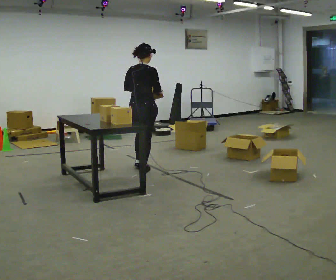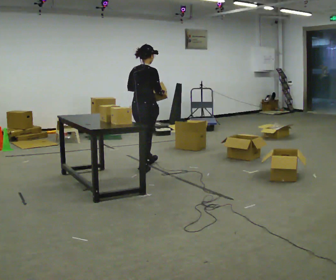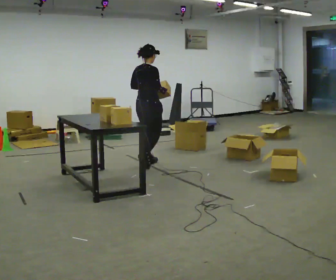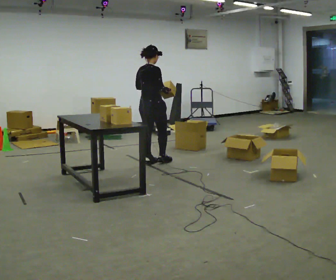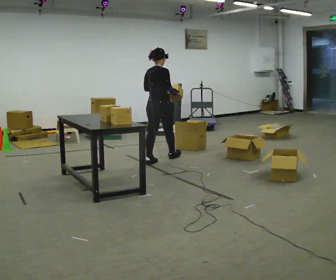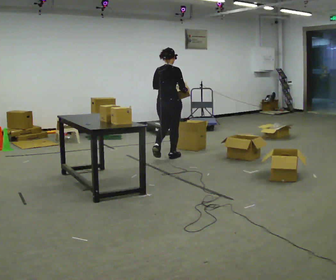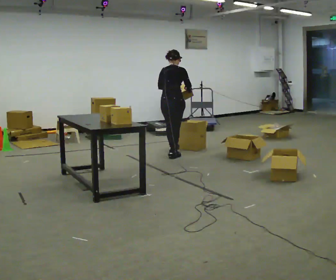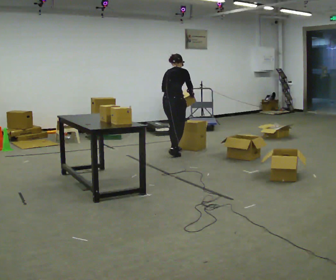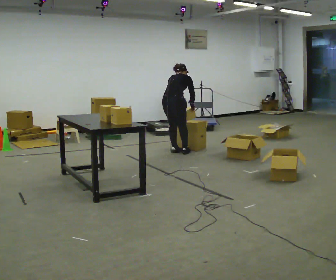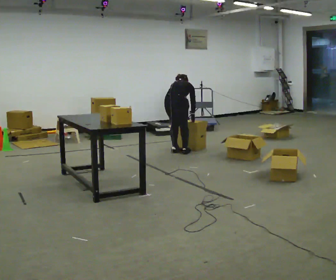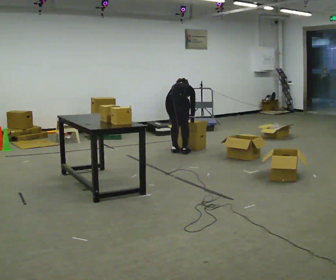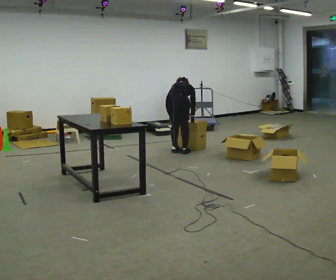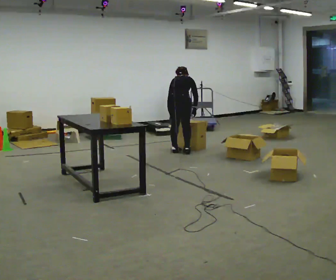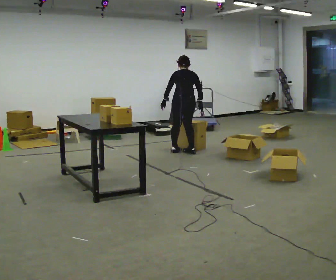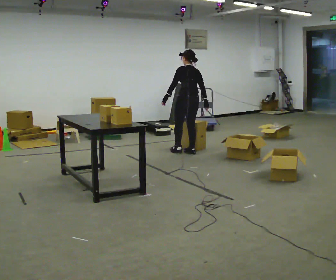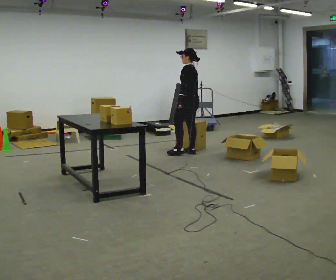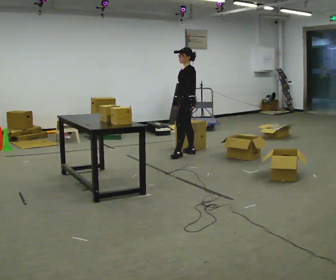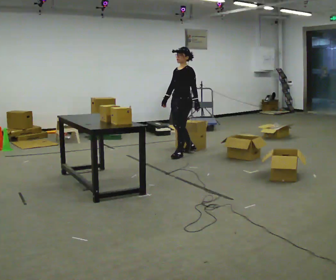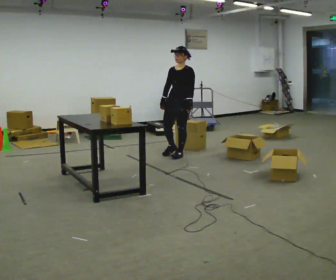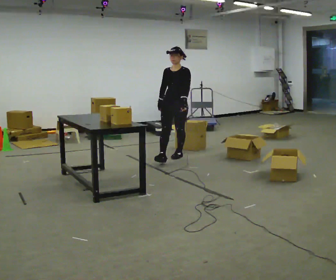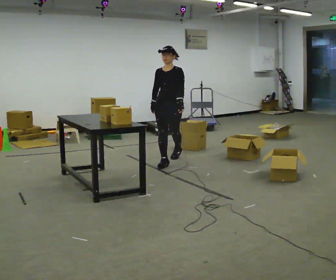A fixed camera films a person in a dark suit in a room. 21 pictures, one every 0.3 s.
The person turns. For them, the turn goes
to their left.
The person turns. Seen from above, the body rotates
counterclockwise.
0.0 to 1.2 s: In the picture they go away from the camera, about 0.5 m in 2 steps, which for them is forward.
1.2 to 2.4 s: In the picture they go away from the camera and to the right, about 0.5 m in 1 step, which for them is forward. The upper body tips away from the camera, its near side rolling upward, as they bend forward.
2.4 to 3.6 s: The person moves a little, or ends about where they began.
3.6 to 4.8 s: The person turns about 105 degrees to their left, counterclockwise seen from above, so the part of the body nearest the lens slides to the right. The shoulders move upward. The upper body tips toward the camera, its near side rolling downward, as they lean back or straighten.
4.8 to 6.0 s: Seen from above the body turns counterclockwise, about 75 degrees: to their left, with its near side sliding to the right. In the picture they go toward the camera and to the left, about 0.5 m in 1 step.
The film runs forward here.
